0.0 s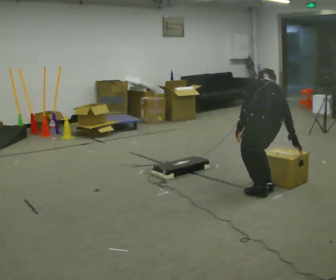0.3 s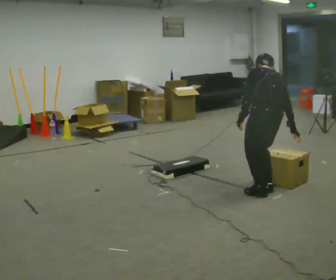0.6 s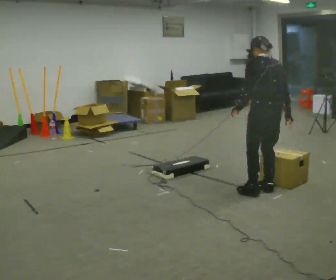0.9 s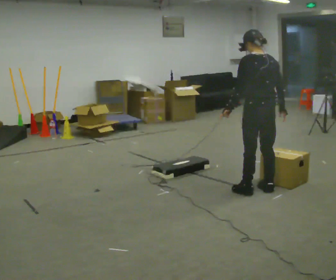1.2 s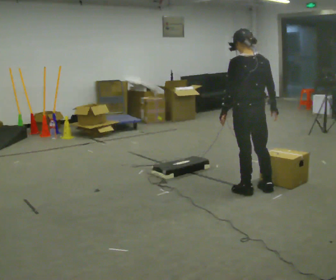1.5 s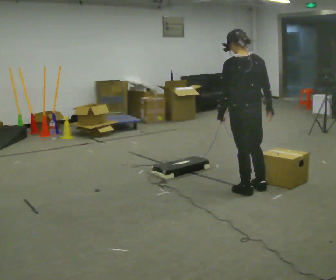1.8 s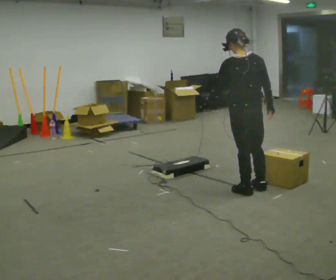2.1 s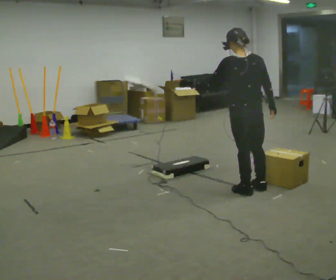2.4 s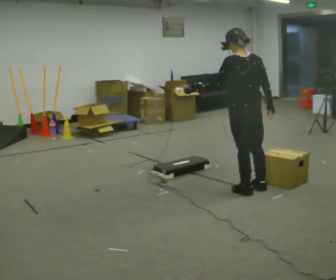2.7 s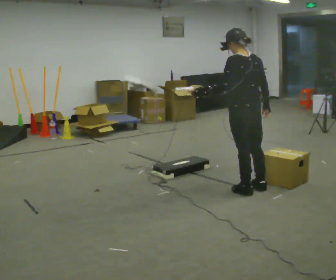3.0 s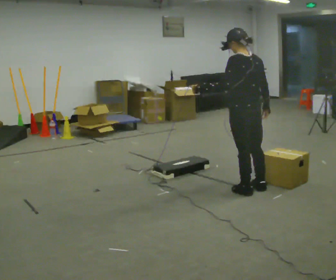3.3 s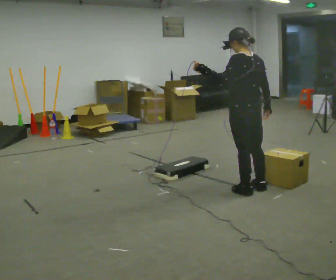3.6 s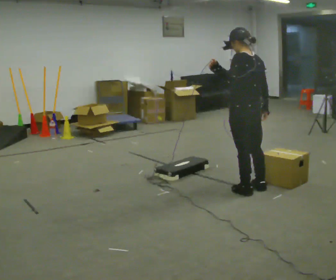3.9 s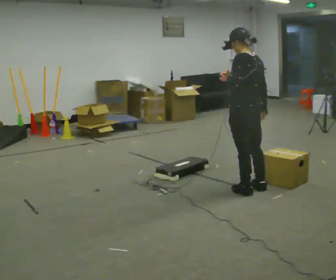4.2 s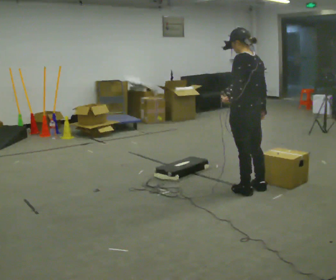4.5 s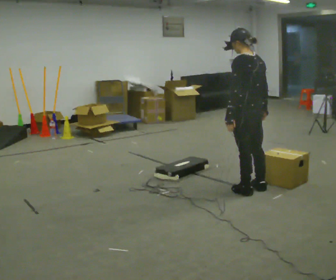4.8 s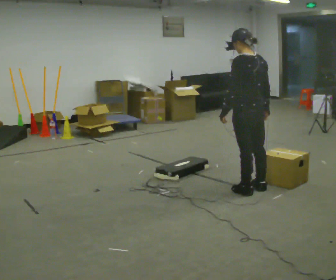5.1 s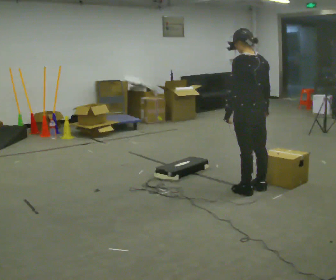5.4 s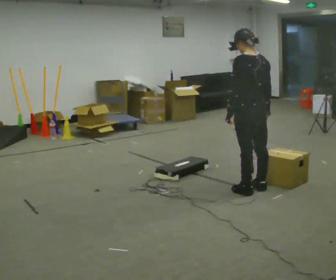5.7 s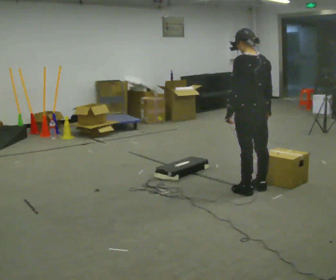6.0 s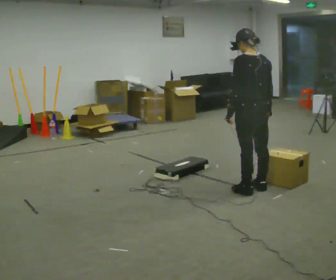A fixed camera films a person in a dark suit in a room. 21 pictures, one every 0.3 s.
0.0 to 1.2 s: In the picture they go away from the camera, about 0.25 m, which for them is forward. The shoulders move upward. The upper body tips toward the camera, its near side rolling downward, as they lean back or straighten.
1.2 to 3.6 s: In the picture their left hand goes upward.
3.6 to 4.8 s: In the picture their left hand goes downward.
4.8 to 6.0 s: The person moves a little, or ends about where they began.
The film runs forward here.
